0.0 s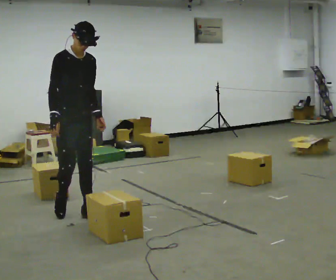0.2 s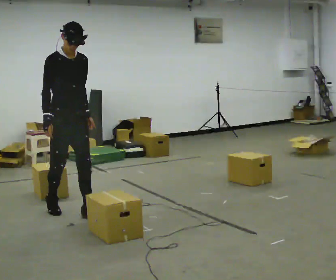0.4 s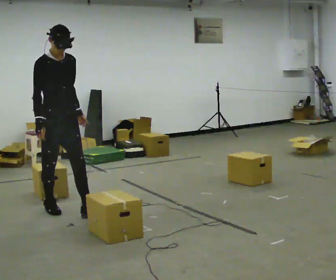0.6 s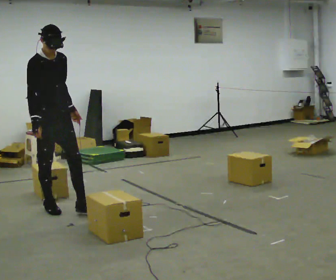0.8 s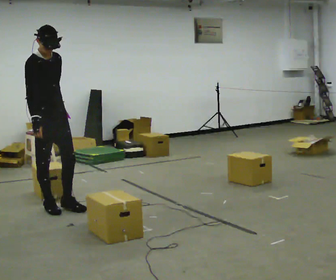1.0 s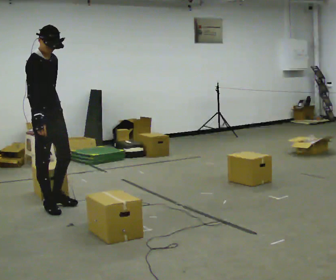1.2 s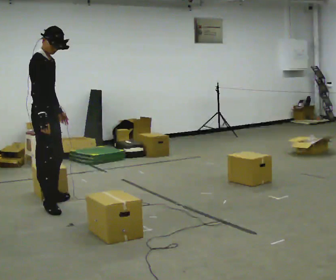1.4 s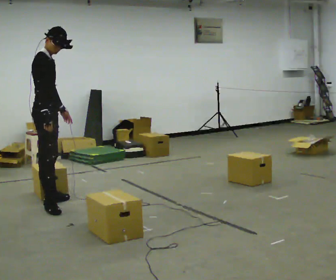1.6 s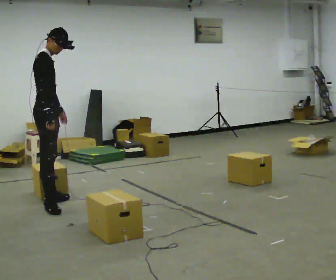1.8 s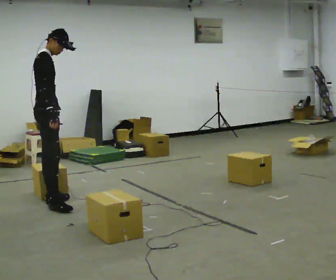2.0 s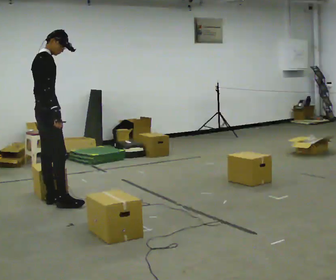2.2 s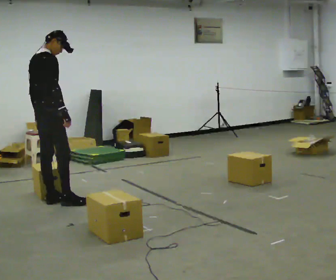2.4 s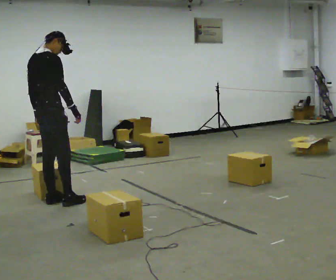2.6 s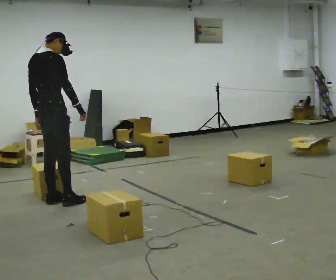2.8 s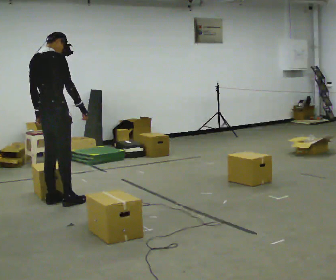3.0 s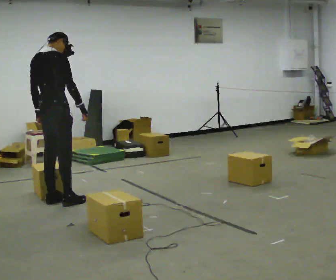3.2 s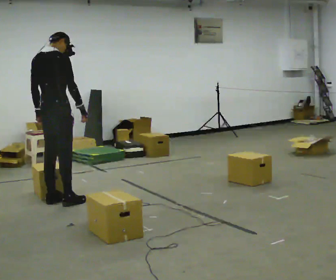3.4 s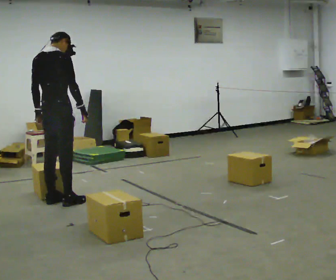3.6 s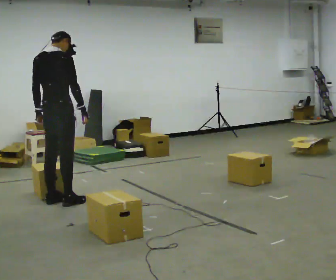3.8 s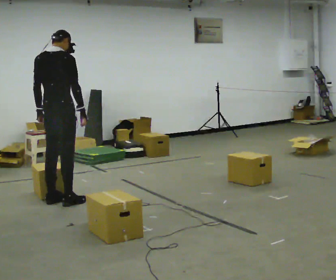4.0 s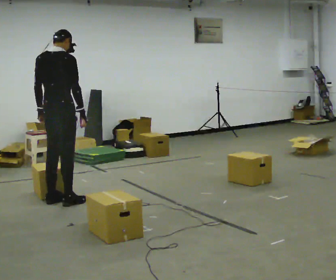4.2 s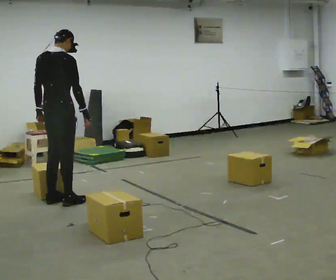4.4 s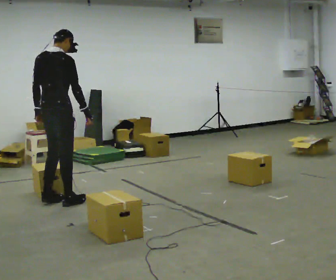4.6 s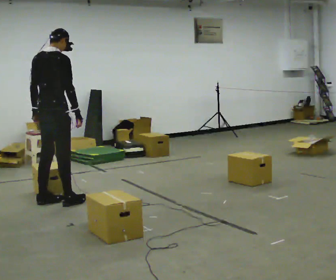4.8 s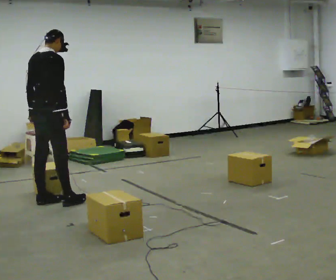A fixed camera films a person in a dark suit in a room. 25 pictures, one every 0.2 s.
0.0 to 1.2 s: Seen from above the body turns counterclockwise, about 30 degrees: to their left, with its near side sliding to the right. In the picture they go away from the camera and to the left, about 0.5 m in 1 step, which for them is backward.
1.2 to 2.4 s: The person turns about 60 degrees to their left, counterclockwise seen from above, so the part of the body nearest the lens slides to the right. In the picture their right hand goes to the right.
2.4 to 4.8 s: The person moves a little, or ends about where they began.
The film runs backward here.
